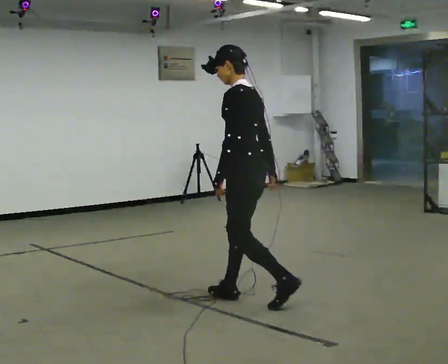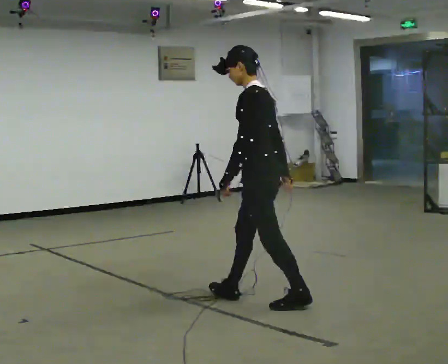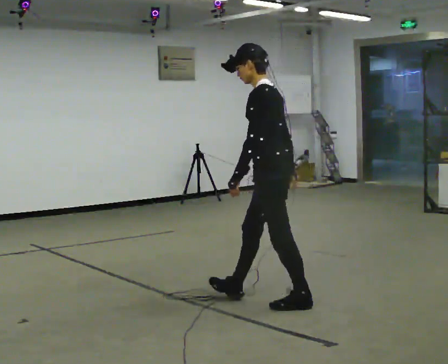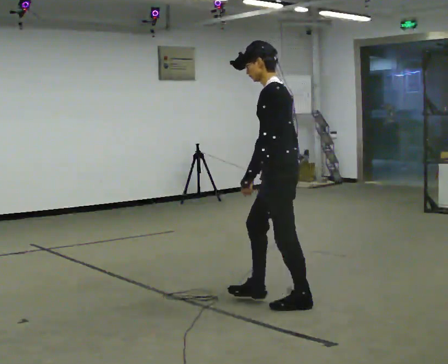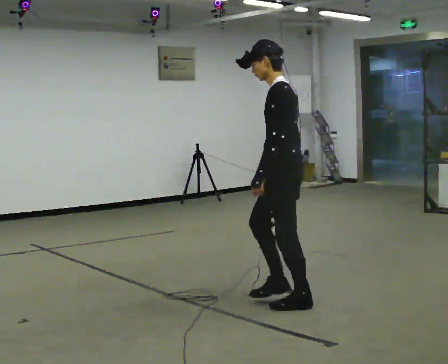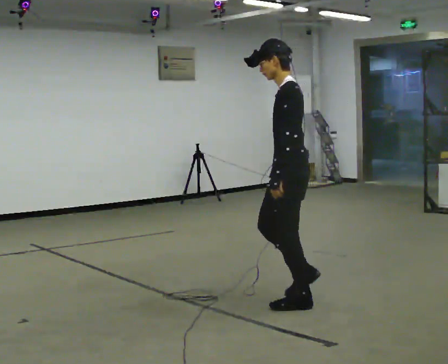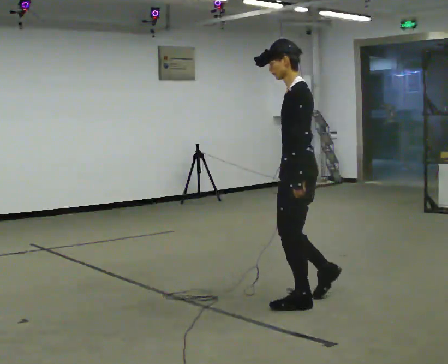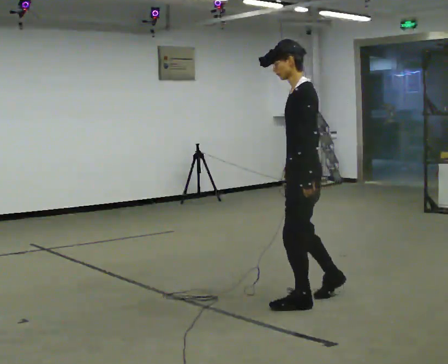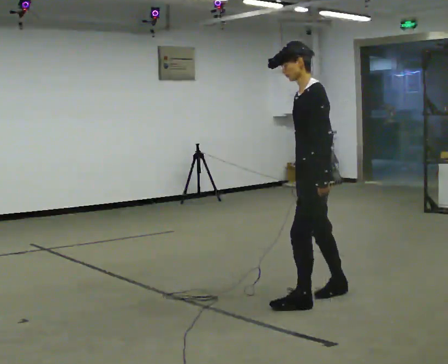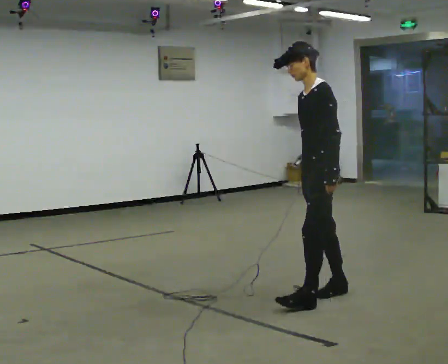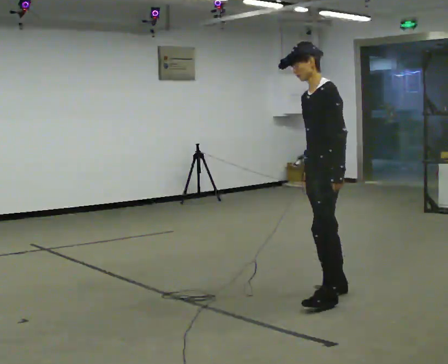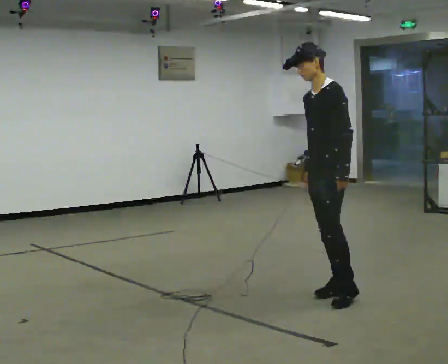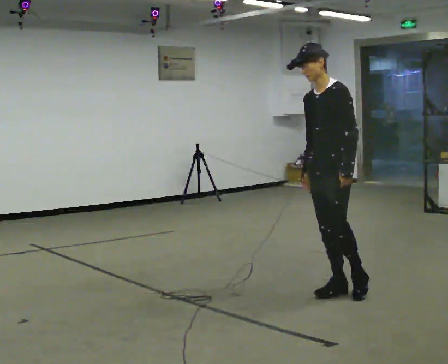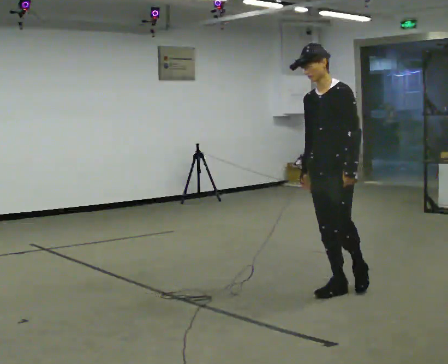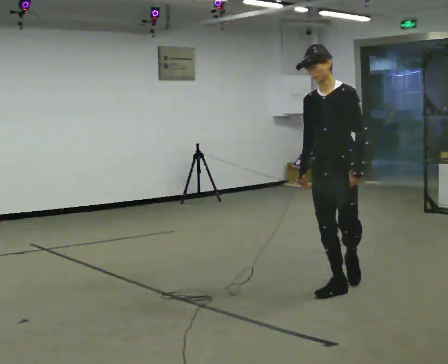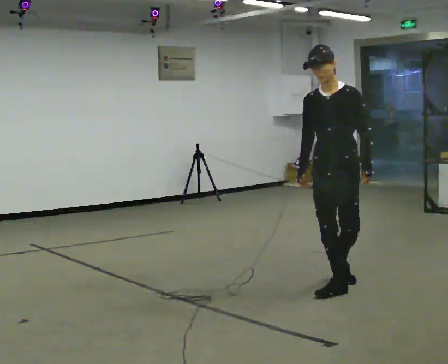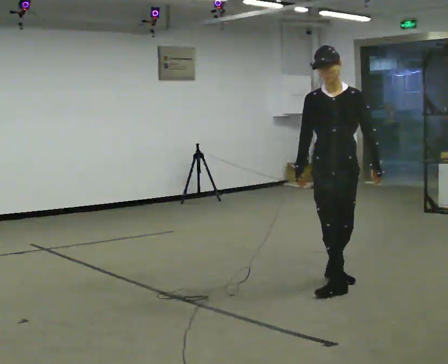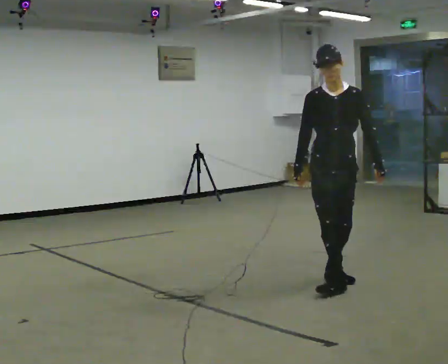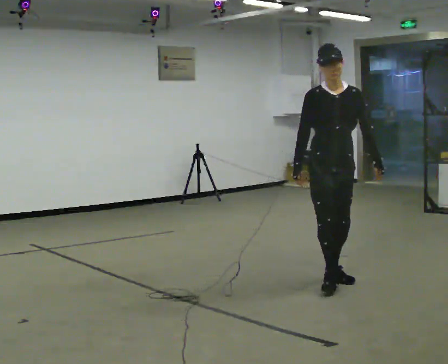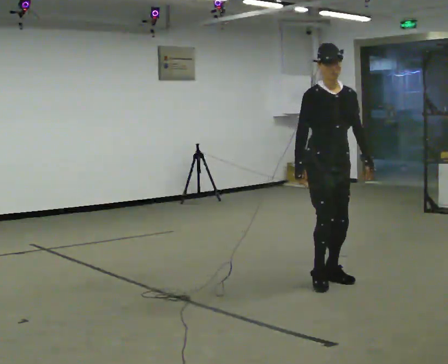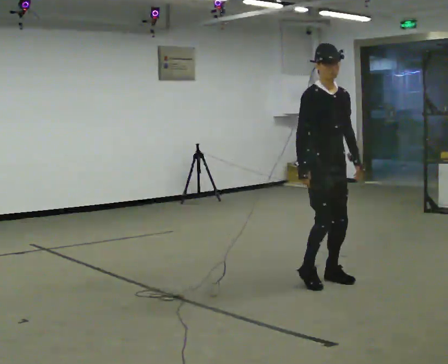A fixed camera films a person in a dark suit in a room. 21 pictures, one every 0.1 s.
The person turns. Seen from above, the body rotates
counterclockwise.
The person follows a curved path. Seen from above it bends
counterclockwise.
0.0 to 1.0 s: The part of the body nearest the lens slides to the right as the person turns to their left by about 45 degrees. In the picture they go to the right, about 0.5 m in 2 steps, which for them is backward.
1.0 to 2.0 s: The person turns about 105 degrees to their left, counterclockwise seen from above, so the part of the body nearest the lens slides to the right. In the picture they go away from the camera, about 0.25 m in 1 step.
The film runs backward here.
